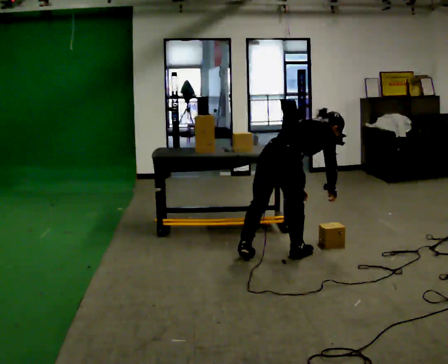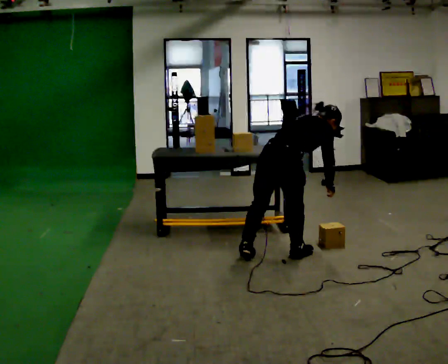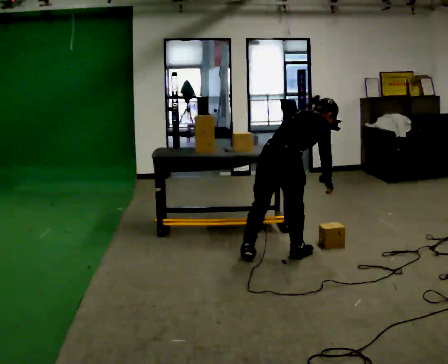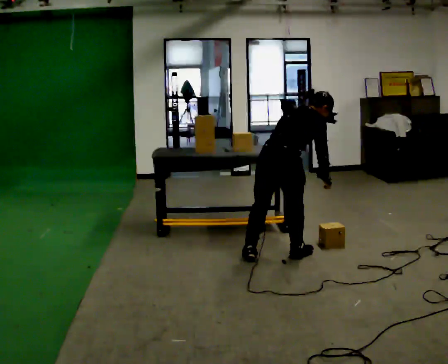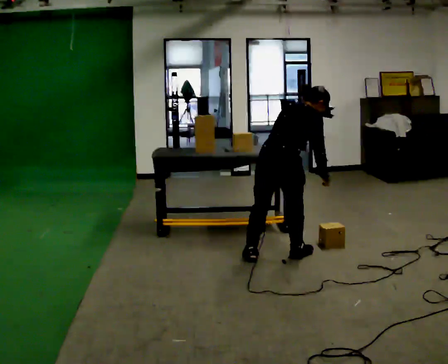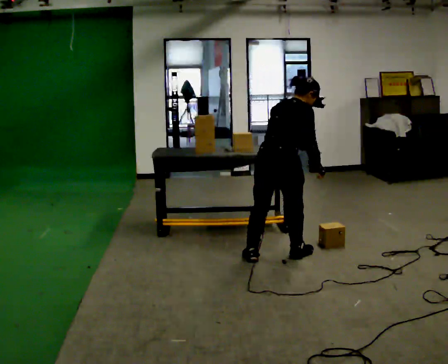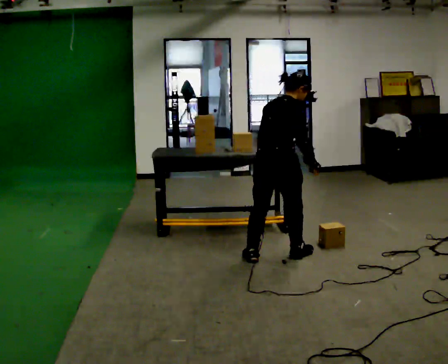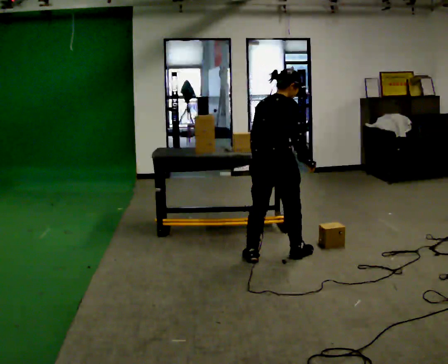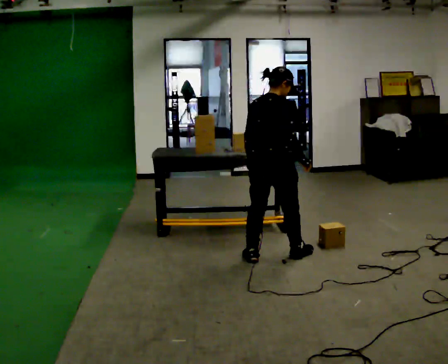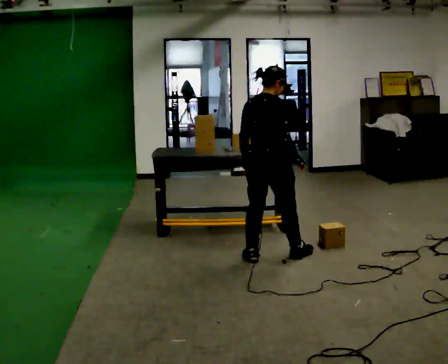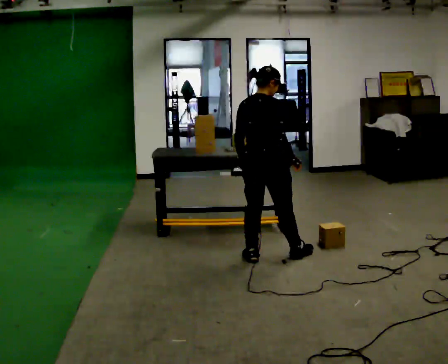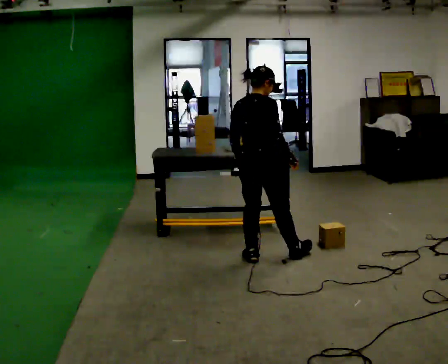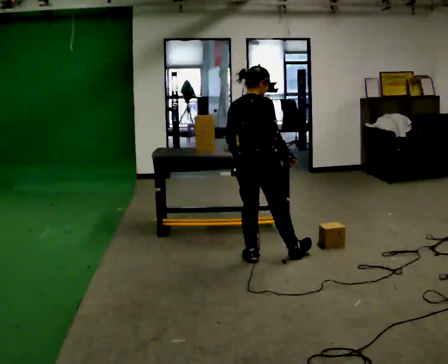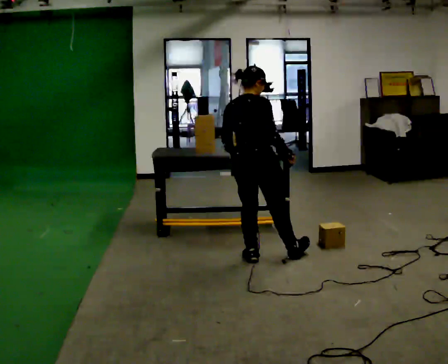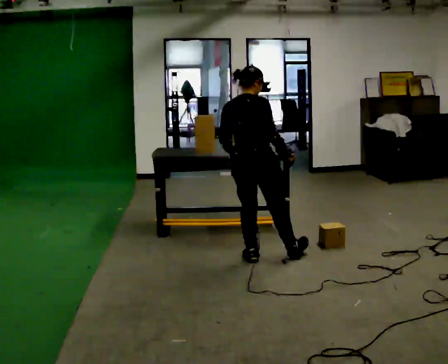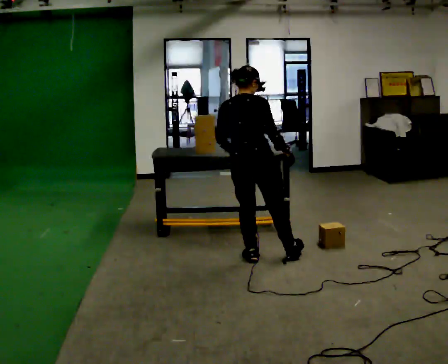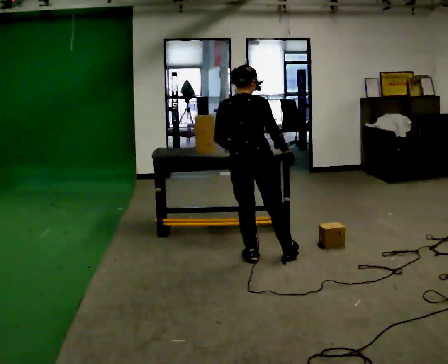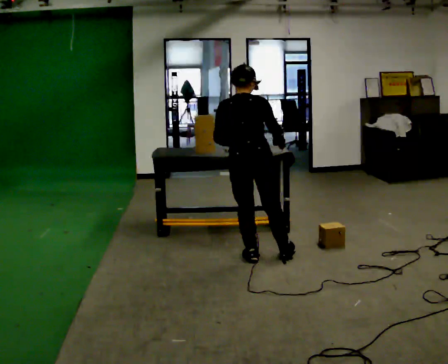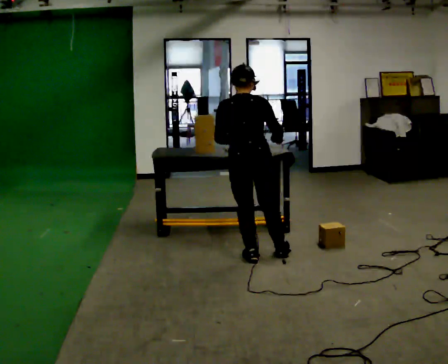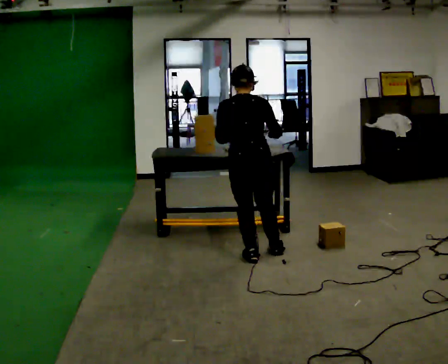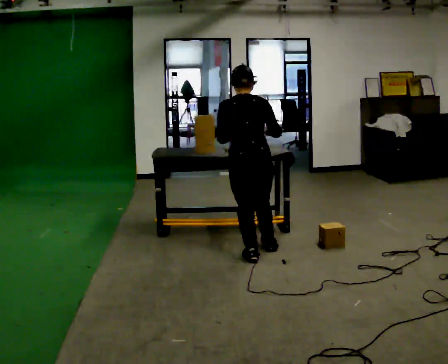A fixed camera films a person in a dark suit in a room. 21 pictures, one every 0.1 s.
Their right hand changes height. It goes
upward.
The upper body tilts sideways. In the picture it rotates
counterclockwise.
0.0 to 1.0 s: The shoulders move upward. In the picture the upper body tilts counterclockwise, shoulders to the left, as they lean back or straighten. In the picture their right hand goes to the left.
1.0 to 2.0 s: The person turns about 45 degrees to their left, counterclockwise seen from above, so the part of the body nearest the lens slides to the right.
The film runs backward here.
